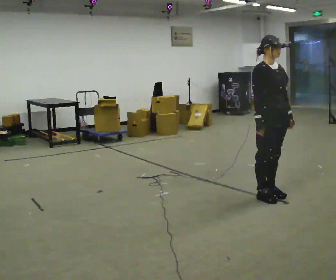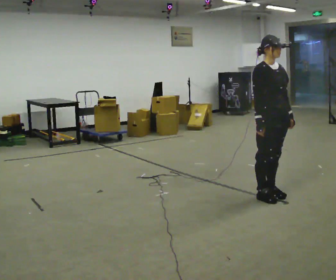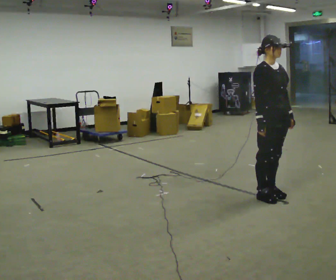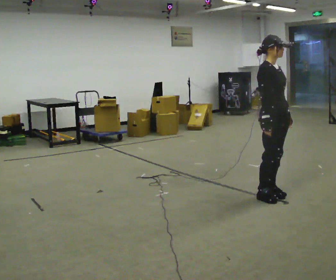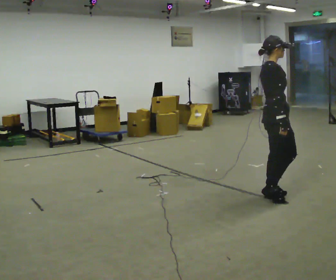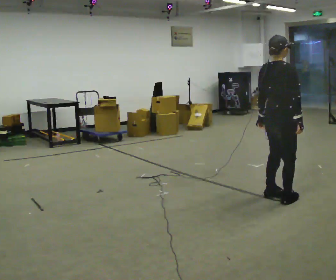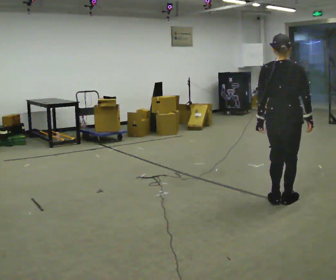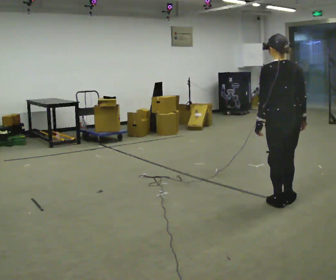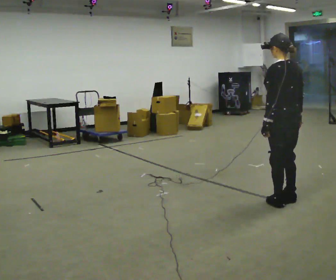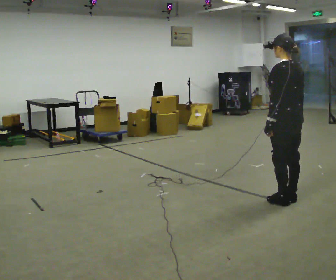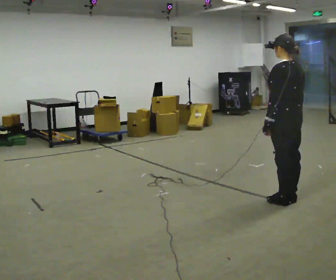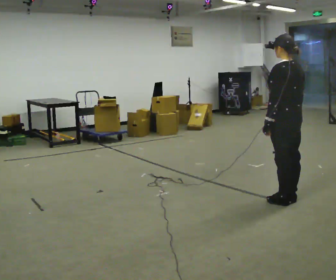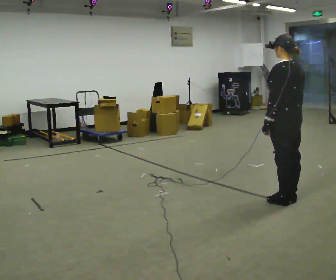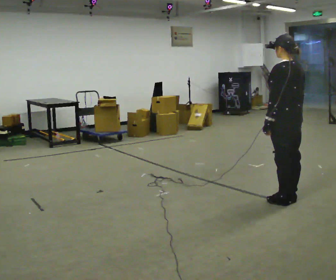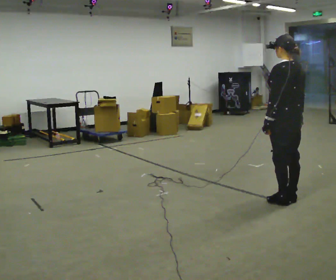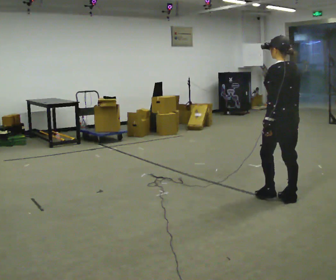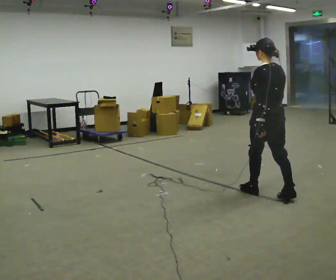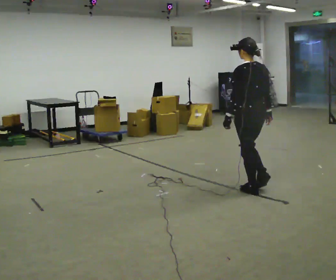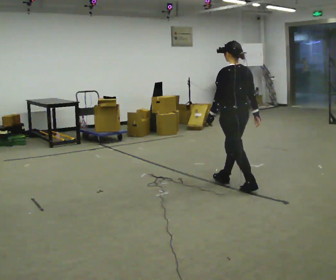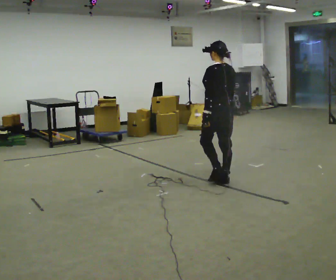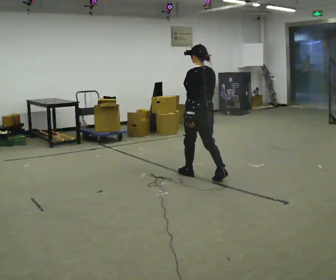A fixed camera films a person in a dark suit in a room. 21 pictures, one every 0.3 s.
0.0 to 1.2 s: The part of the body nearest the lens slides to the right as the person turns to their left by about 60 degrees.
1.2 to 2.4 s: The part of the body nearest the lens slides to the right as the person turns to their left by about 120 degrees. In the picture they go to the right, about 0.25 m in 2 steps.
2.4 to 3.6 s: The person moves a little, or ends about where they began.
3.6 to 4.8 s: In the picture they go to the left and away from the camera, about 0.25 m in 1 step, which for them is forward.
4.8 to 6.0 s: In the picture they go to the left and away from the camera, about 1 m in 2 steps, which for them is forward.
The film runs forward here.
